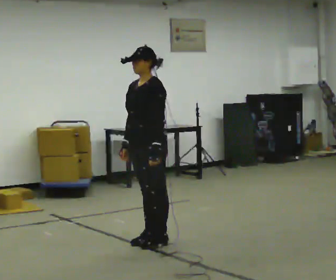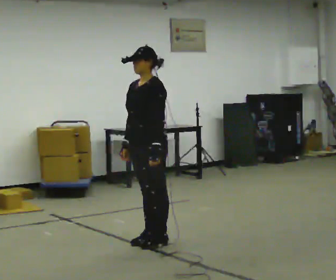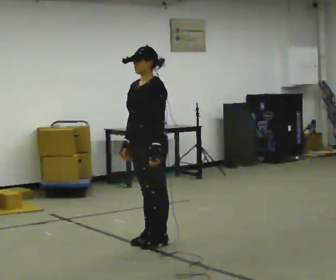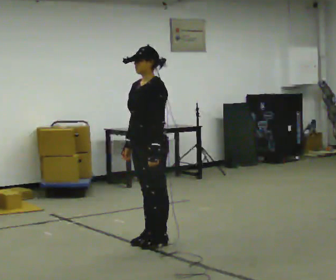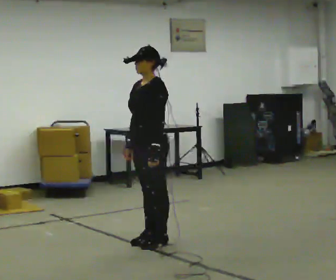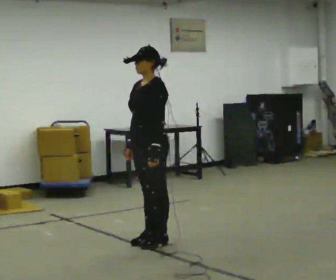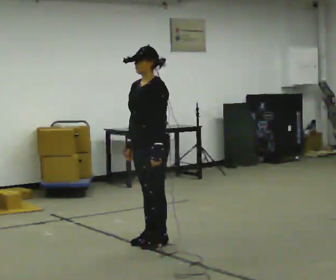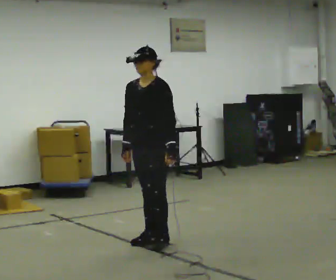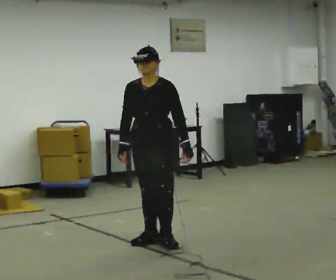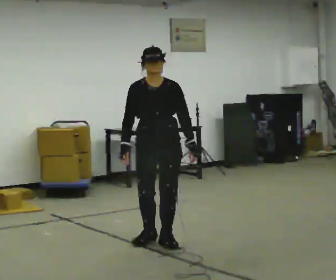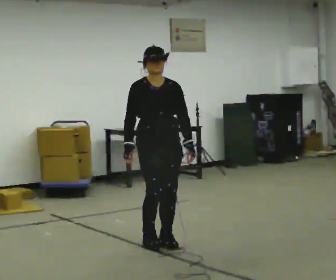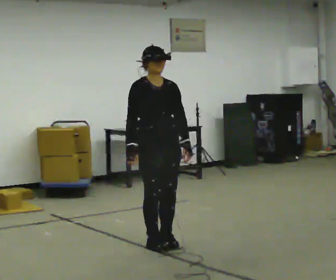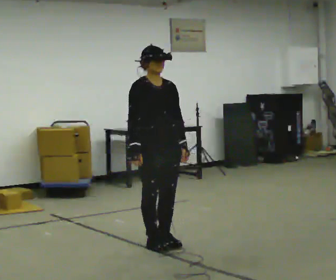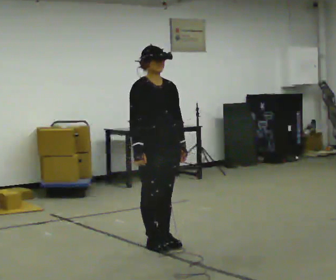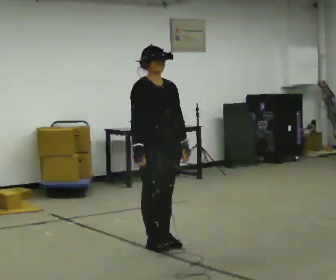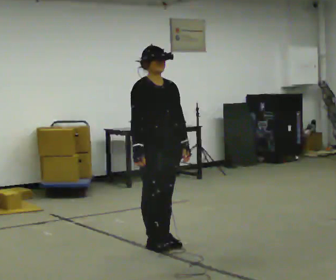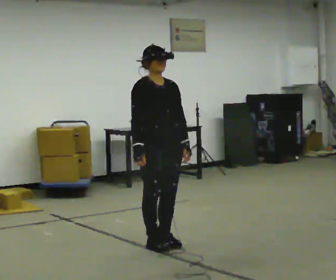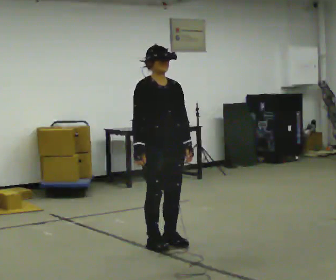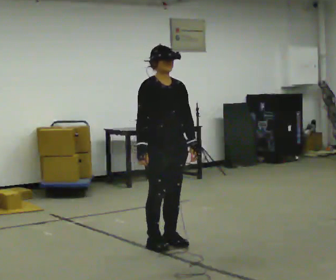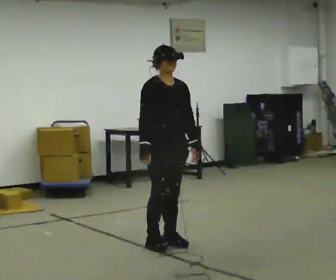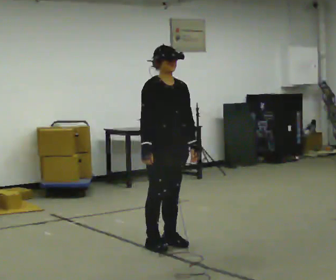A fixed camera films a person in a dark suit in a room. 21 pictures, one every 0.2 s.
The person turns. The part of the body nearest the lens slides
to the right.
The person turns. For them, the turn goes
to their left.
0.0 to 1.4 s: The person moves a little, or ends about where they began.
1.4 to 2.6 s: Seen from above the body turns counterclockwise, about 75 degrees: to their left, with its near side sliding to the right.
2.6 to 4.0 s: The person moves a little, or ends about where they began.
The film runs forward here.
